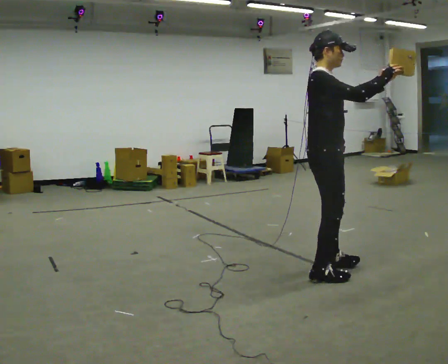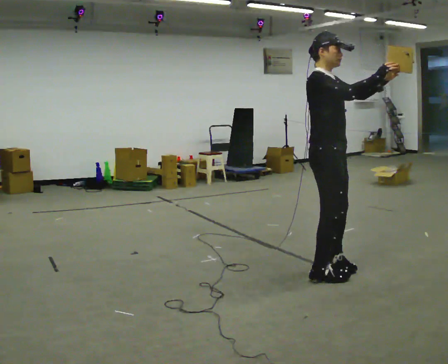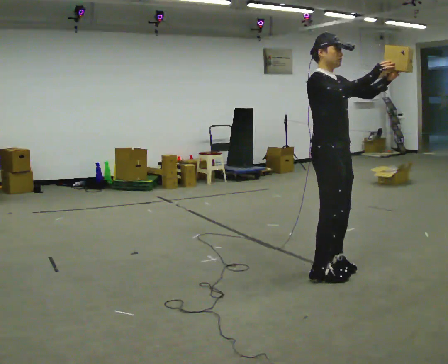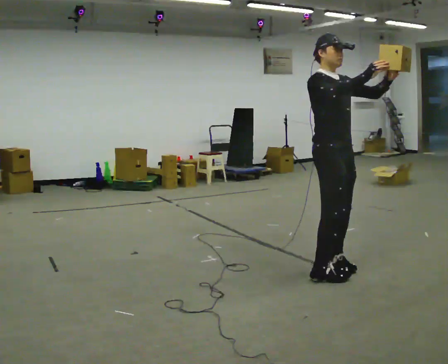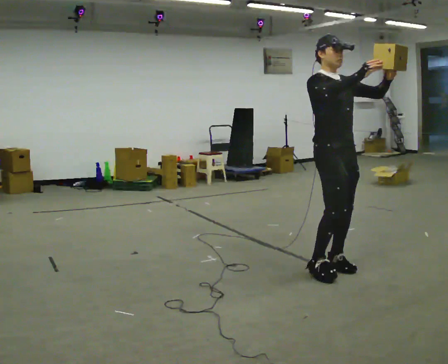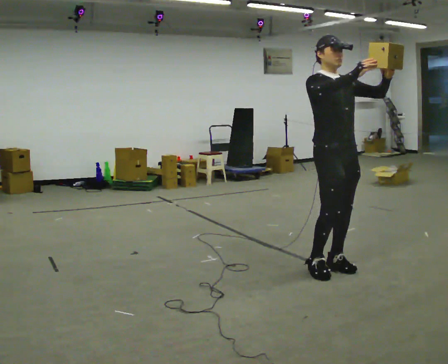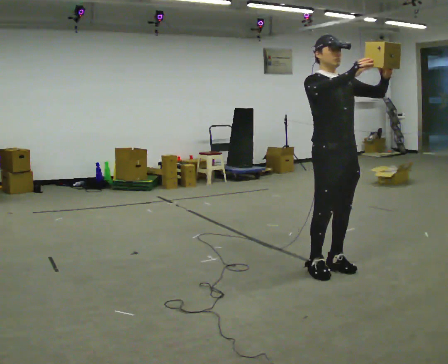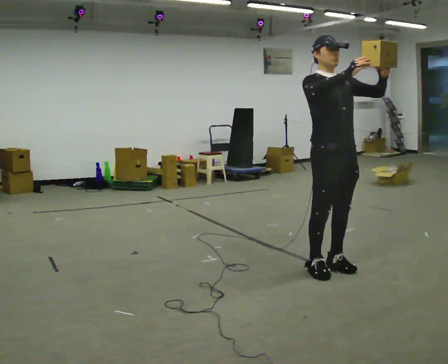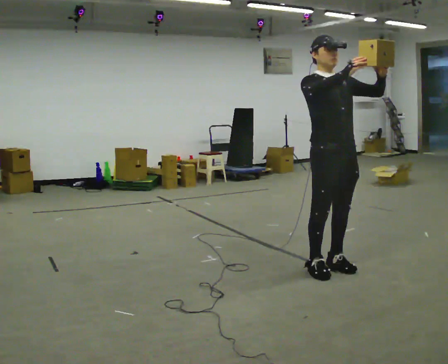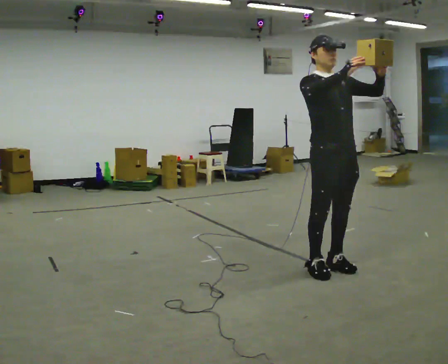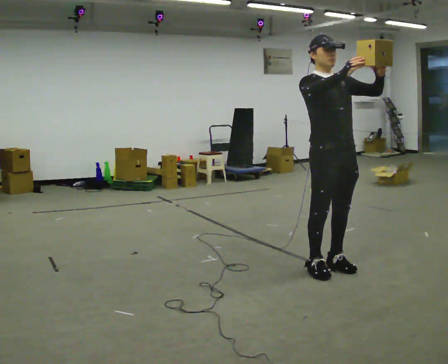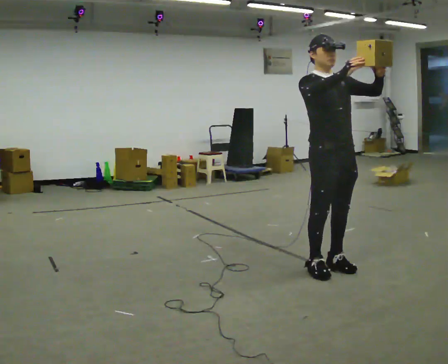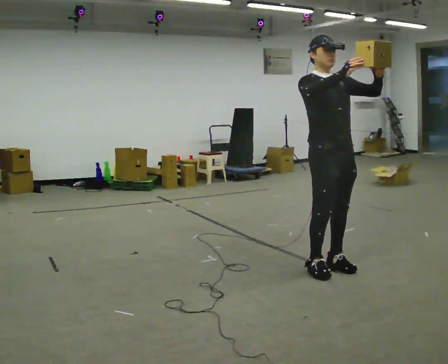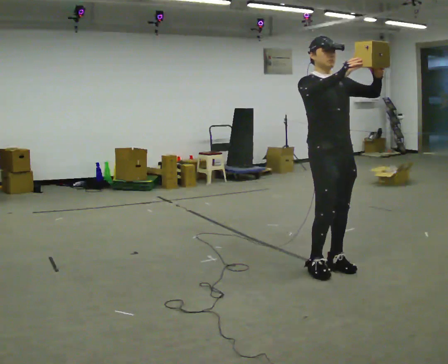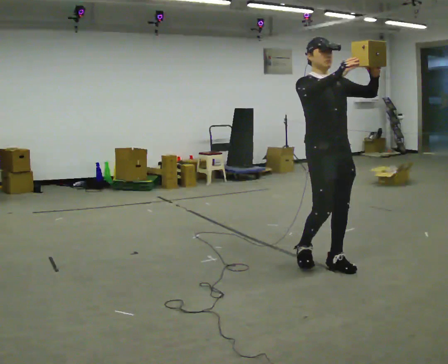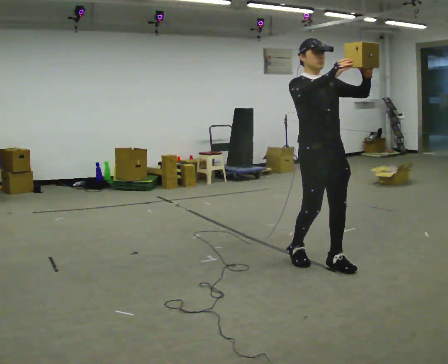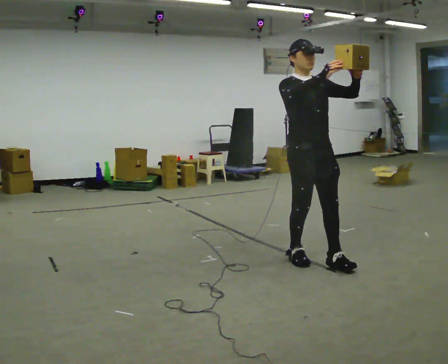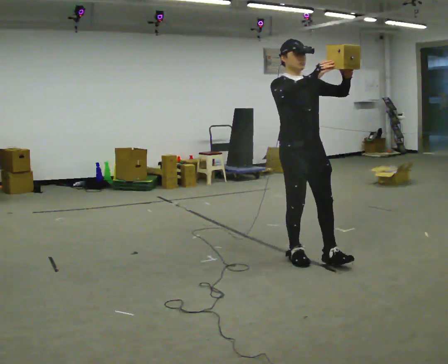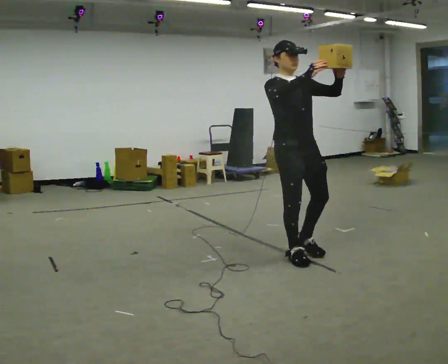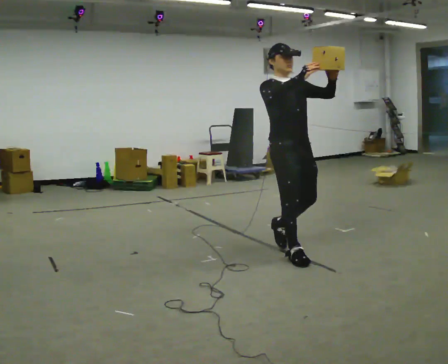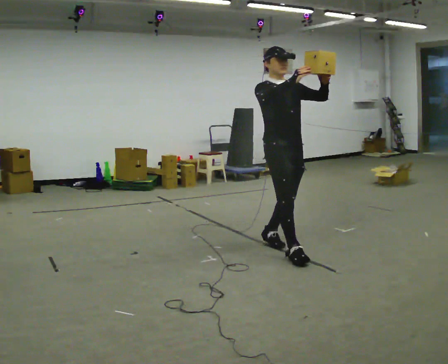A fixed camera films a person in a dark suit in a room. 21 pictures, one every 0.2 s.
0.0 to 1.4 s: The part of the body nearest the lens slides to the left as the person turns to their right by about 60 degrees. In the picture they go away from the camera, about 0.25 m in 1 step.
1.4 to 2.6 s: The person moves a little, or ends about where they began.
2.6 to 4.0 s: In the picture they go away from the camera and to the left, about 0.5 m in 2 steps, which for them is backward.
The film runs backward here.
